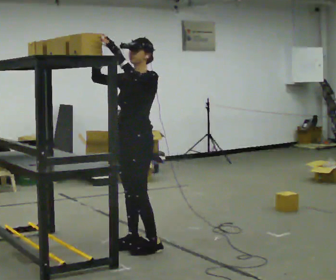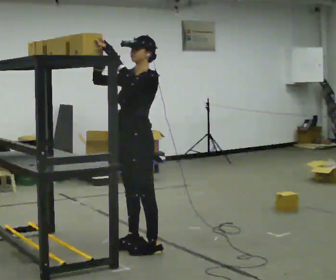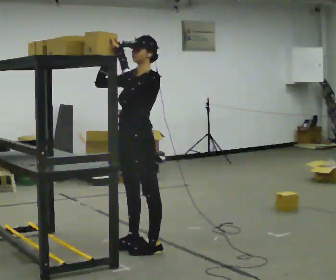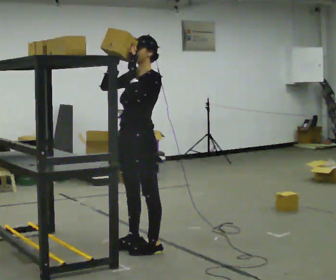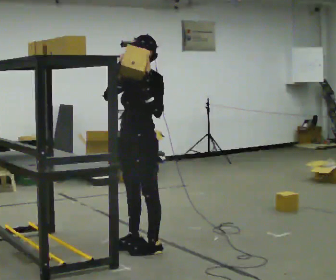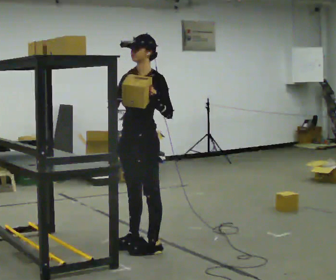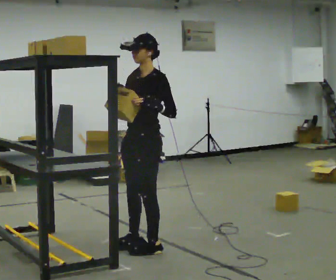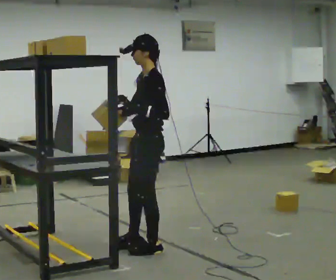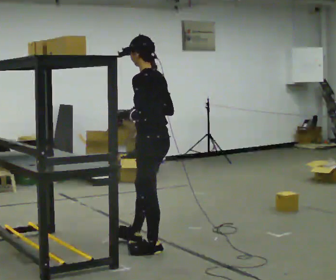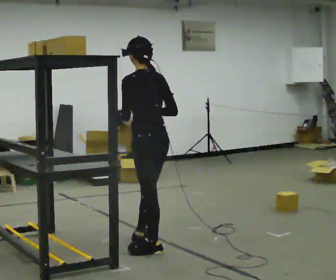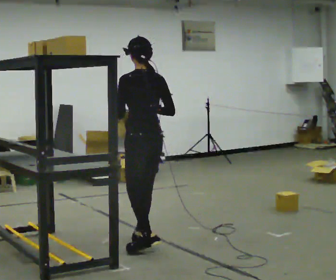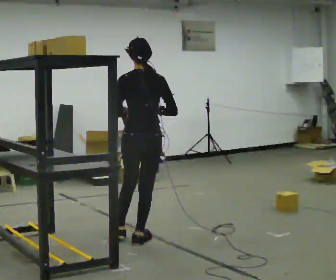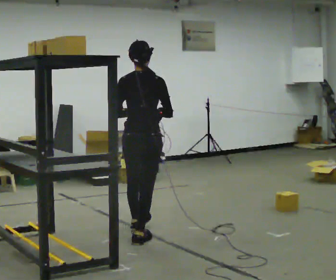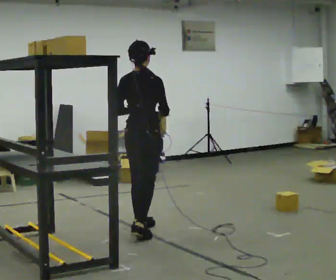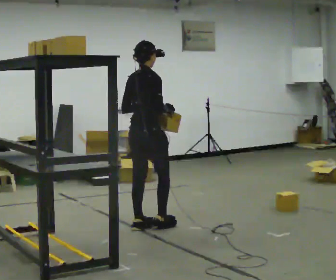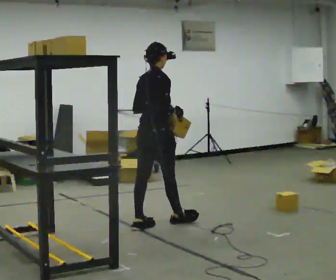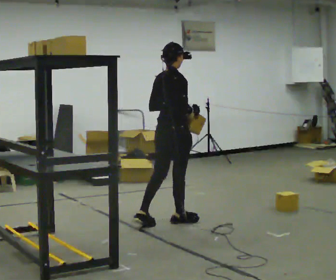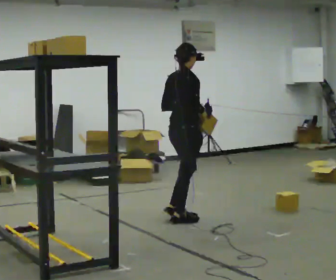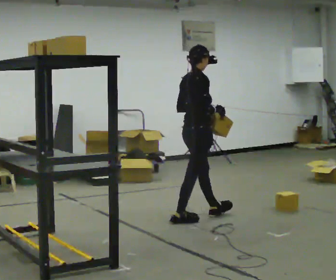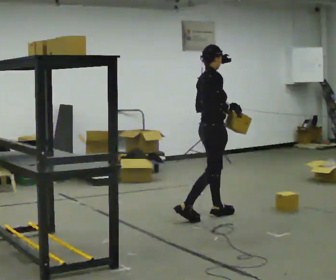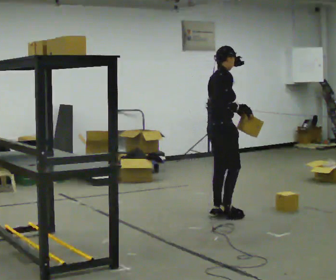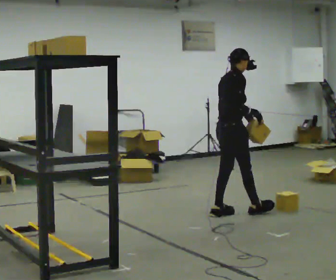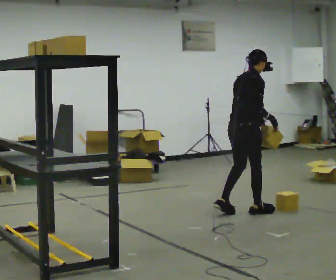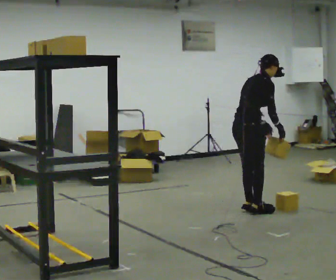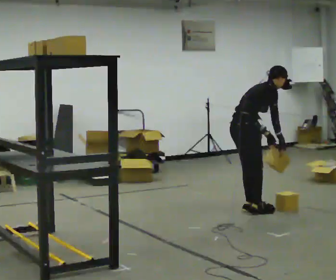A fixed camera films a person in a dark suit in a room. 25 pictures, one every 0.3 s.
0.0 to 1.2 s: The person moves a little, or ends about where they began.
1.2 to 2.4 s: The part of the body nearest the lens slides to the left as the person turns to their right by about 75 degrees.
2.4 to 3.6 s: The part of the body nearest the lens slides to the left as the person turns to their right by about 75 degrees. In the picture they go away from the camera, about 0.5 m.
3.6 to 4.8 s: The part of the body nearest the lens slides to the left as the person turns to their right by about 30 degrees. In the picture they go away from the camera and to the right, about 0.5 m in 2 steps, which for them is forward and to their left.
4.8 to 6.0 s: Seen from above the body turns clockwise, about 30 degrees: to their right, with its near side sliding to the left. In the picture they go to the right and away from the camera, about 0.5 m in 1 step, which for them is forward.
6.0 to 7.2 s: In the picture they go to the right, about 0.25 m in 2 steps, which for them is forward. In the picture the upper body tilts clockwise, shoulders to the right, as they bend forward. In the picture their right hand goes to the right.
The film runs forward here.
